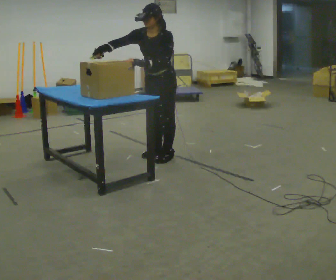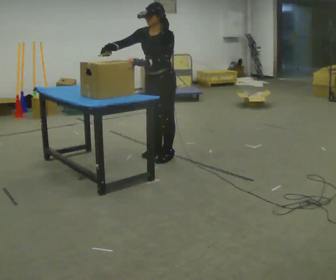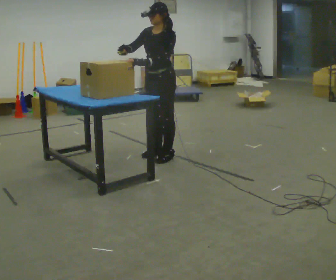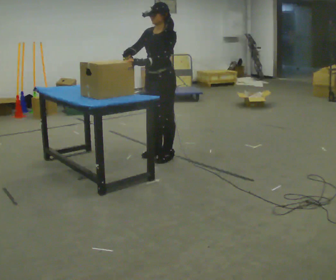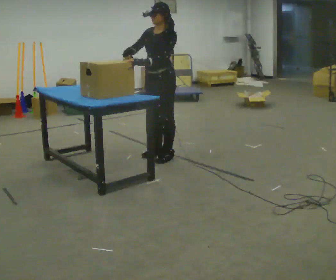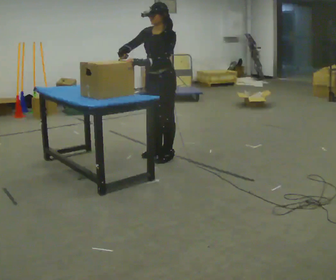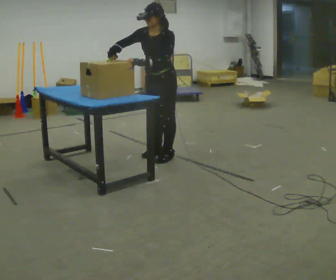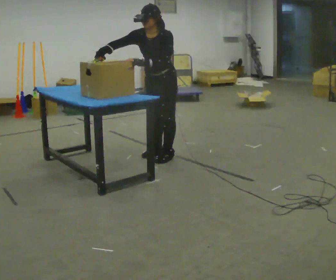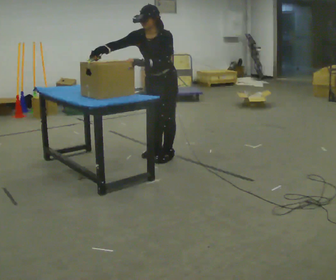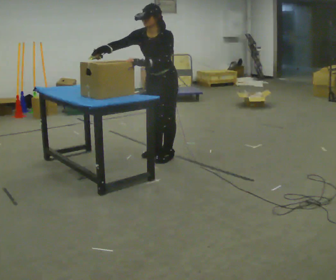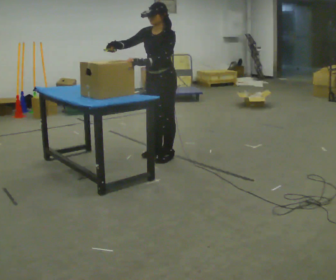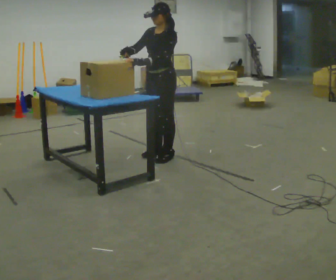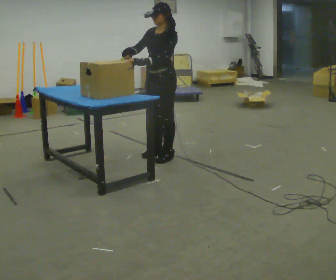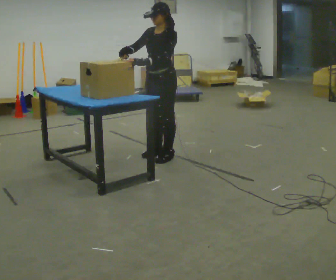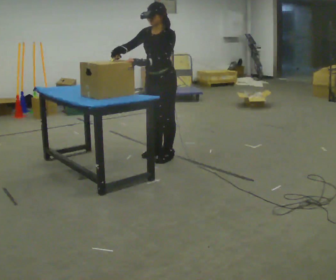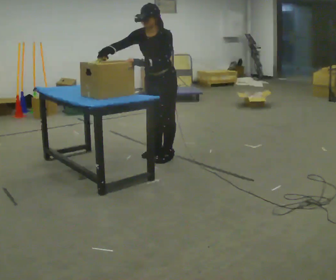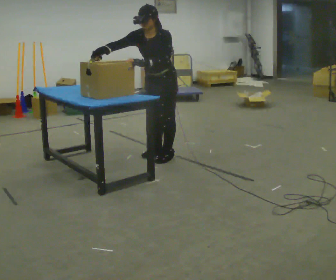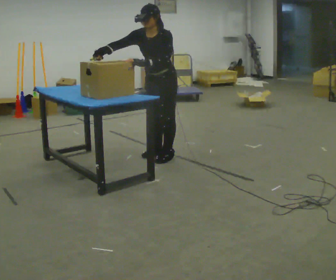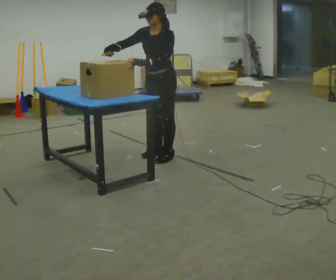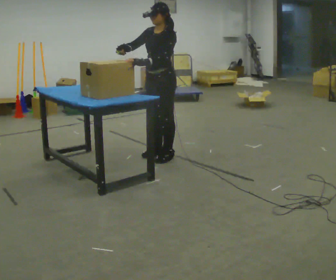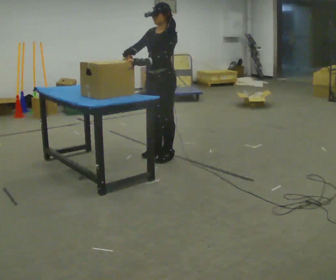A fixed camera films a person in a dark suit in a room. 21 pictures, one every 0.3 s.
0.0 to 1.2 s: The person moves a little, or ends about where they began.
1.2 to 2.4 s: The upper body tips toward the camera, its near side rolling downward, as they bend forward.
2.4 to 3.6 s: The upper body tips away from the camera, its near side rolling upward, as they lean back or straighten.
3.6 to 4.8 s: The upper body tips toward the camera, its near side rolling downward, as they bend forward.
4.8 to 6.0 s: The upper body tips away from the camera, its near side rolling upward, as they lean back or straighten.
The film runs backward here.
